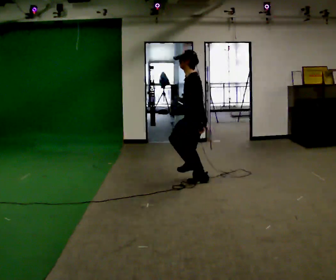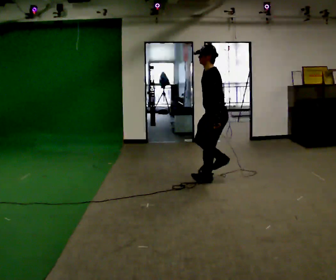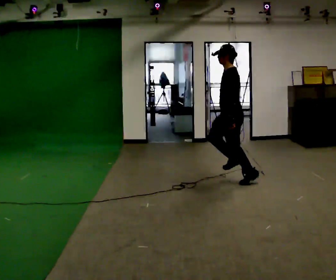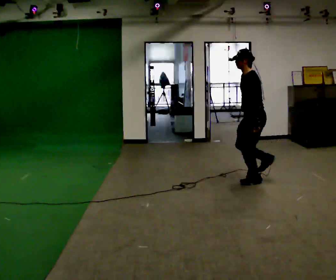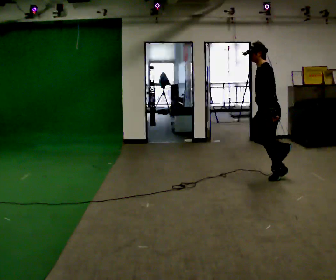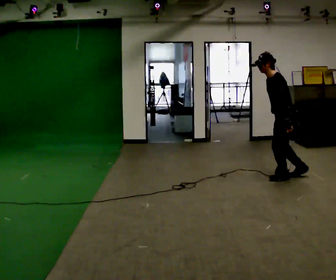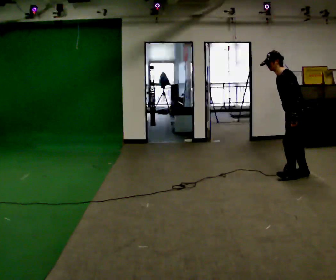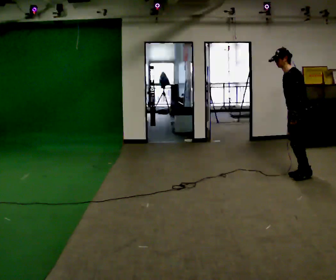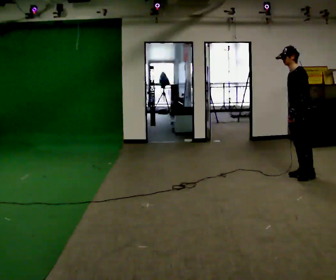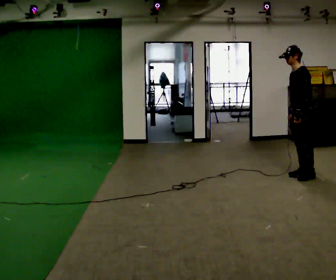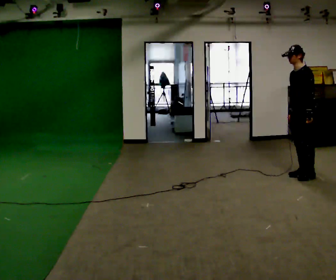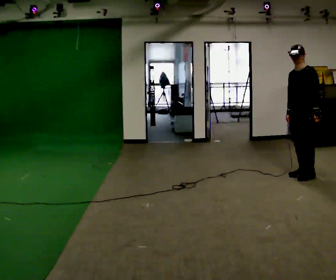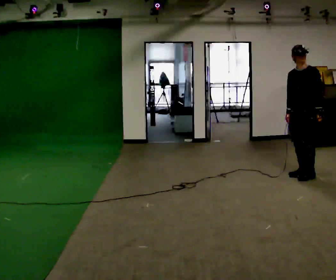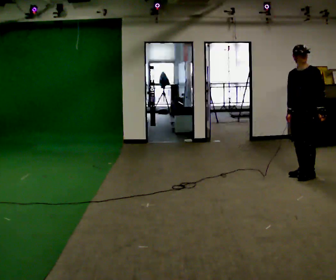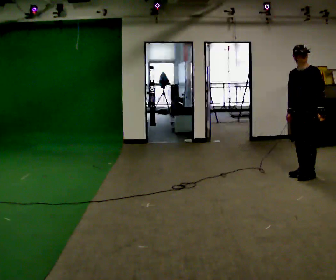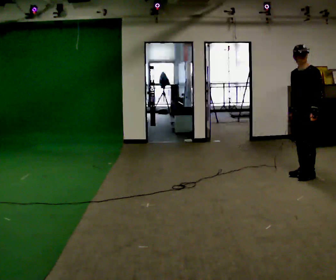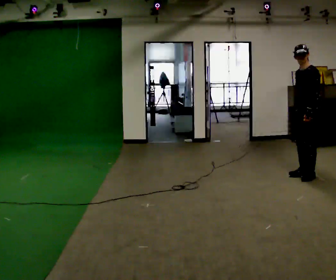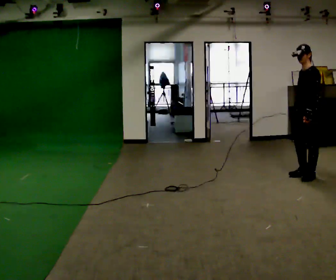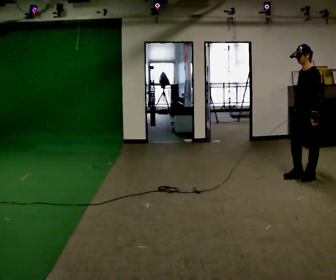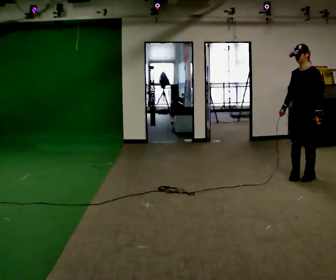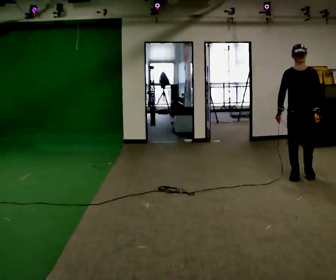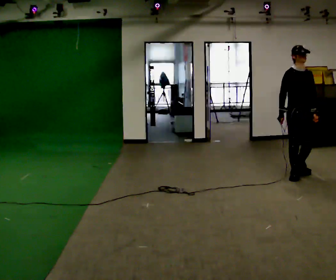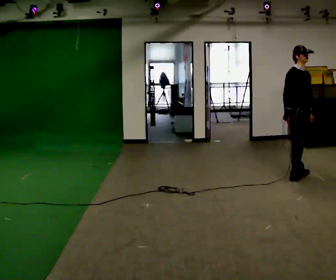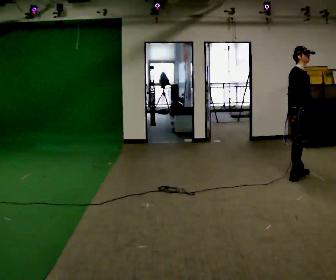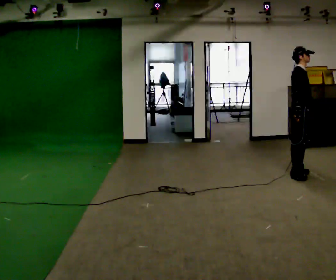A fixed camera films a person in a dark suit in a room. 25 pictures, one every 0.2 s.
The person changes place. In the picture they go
to the right.
The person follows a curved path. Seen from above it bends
counterclockwise.
0.0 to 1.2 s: In the picture they go to the right, about 1.5 m in 3 steps, which for them is backward. In the picture the upper body tilts counterclockwise, shoulders to the left, as they bend forward.
1.2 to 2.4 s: Seen from above the body turns counterclockwise, about 30 degrees: to their left, with its near side sliding to the right. In the picture the upper body tilts clockwise, shoulders to the right, as they lean back or straighten.
2.4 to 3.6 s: The person moves a little, or ends about where they began.
3.6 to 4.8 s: Seen from above the body turns counterclockwise, about 150 degrees: to their left, with its near side sliding to the right.
The film runs backward here.
